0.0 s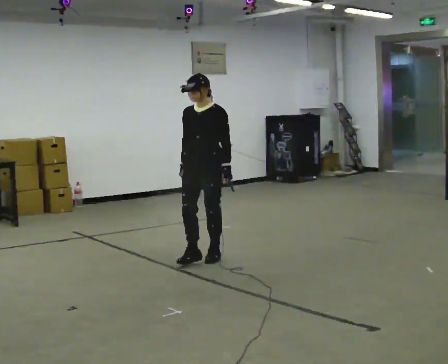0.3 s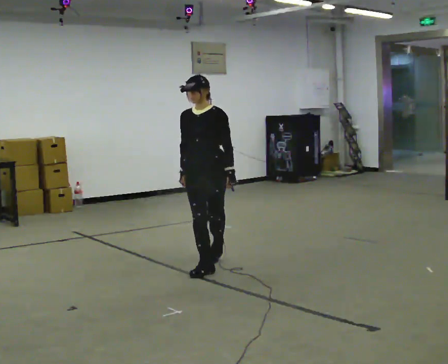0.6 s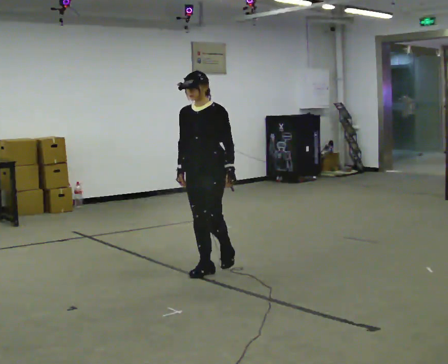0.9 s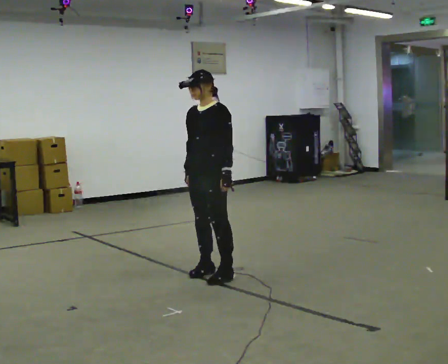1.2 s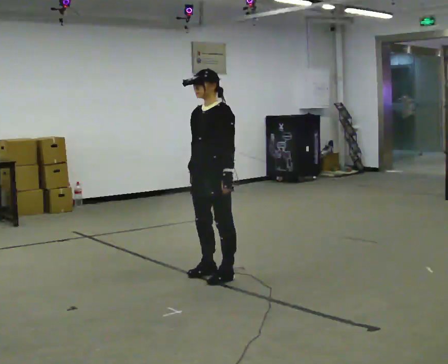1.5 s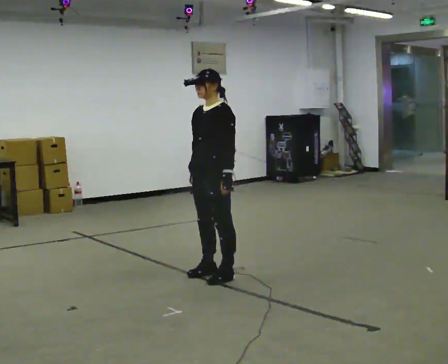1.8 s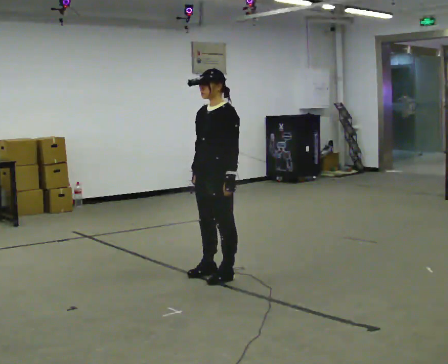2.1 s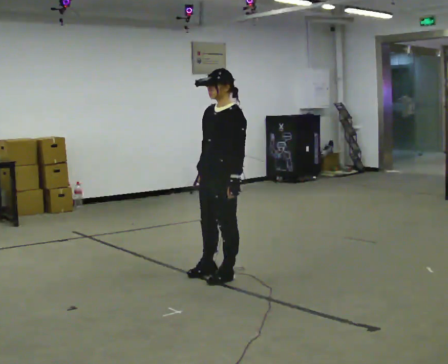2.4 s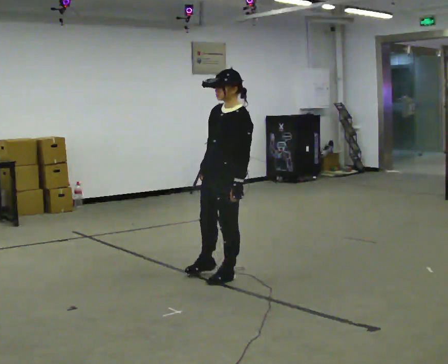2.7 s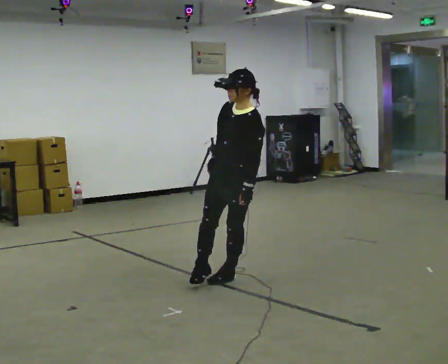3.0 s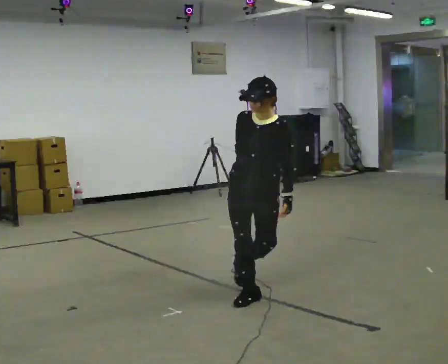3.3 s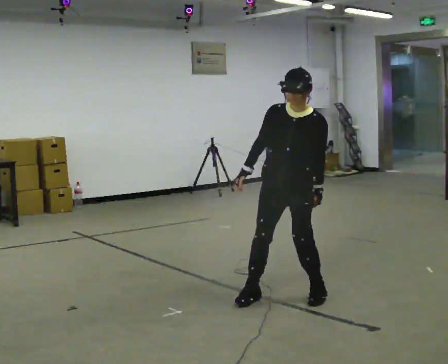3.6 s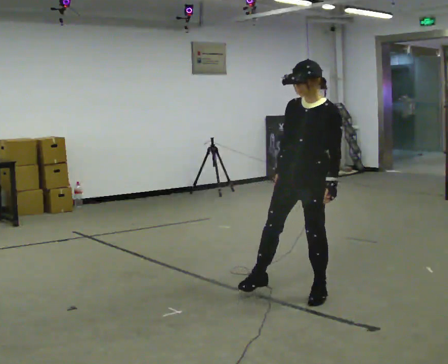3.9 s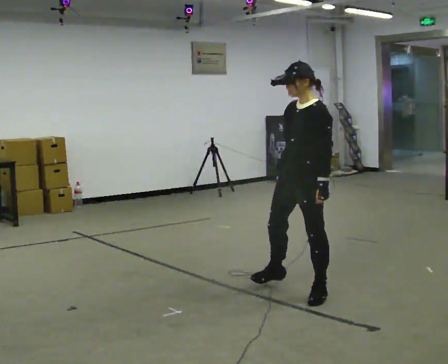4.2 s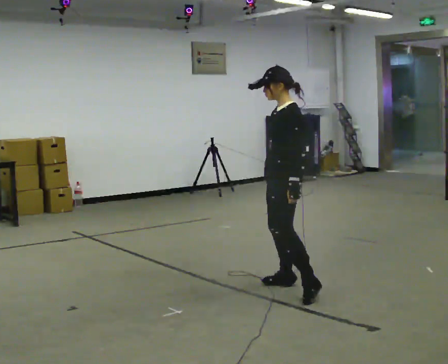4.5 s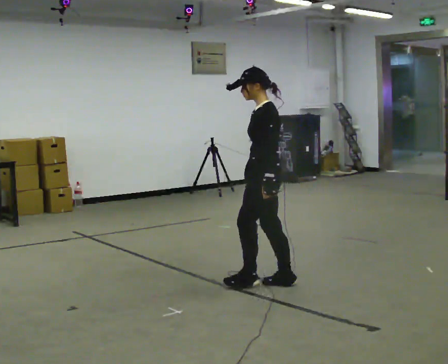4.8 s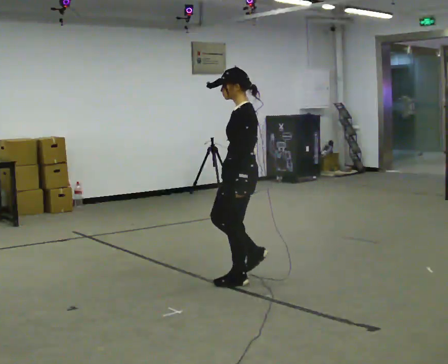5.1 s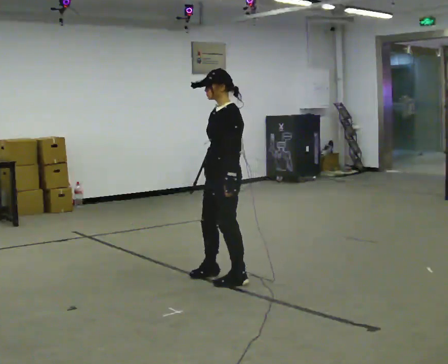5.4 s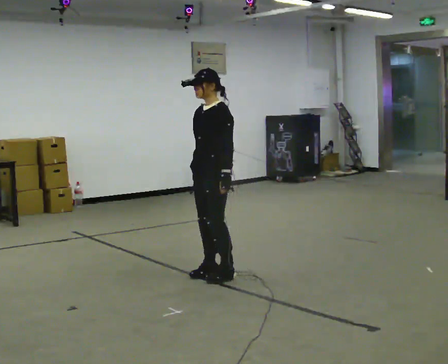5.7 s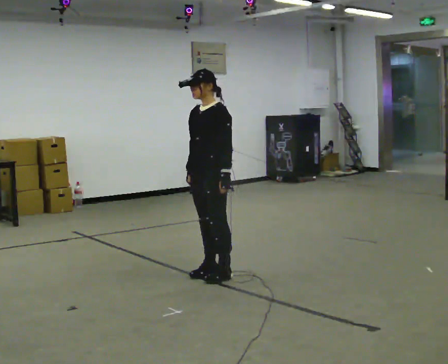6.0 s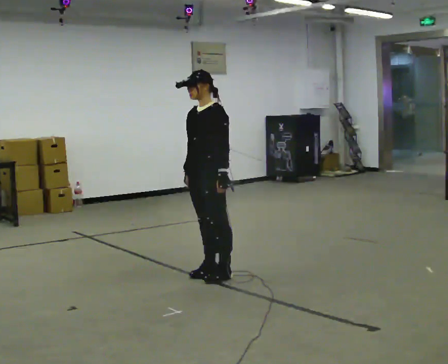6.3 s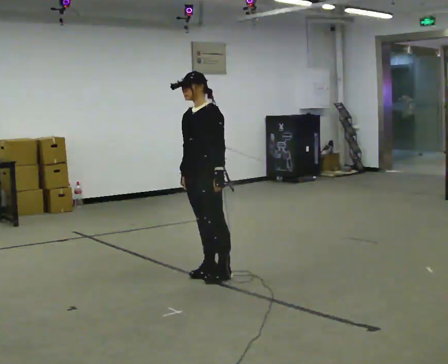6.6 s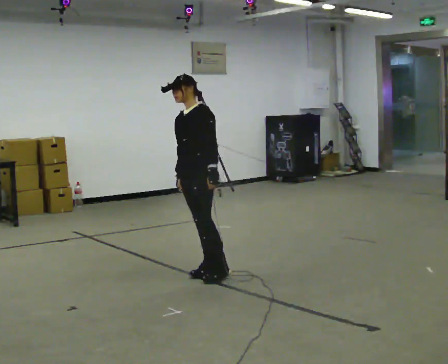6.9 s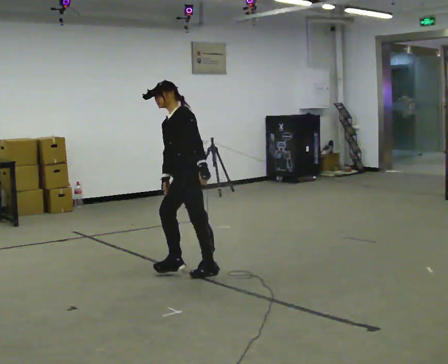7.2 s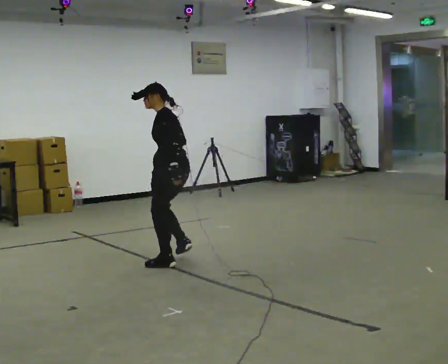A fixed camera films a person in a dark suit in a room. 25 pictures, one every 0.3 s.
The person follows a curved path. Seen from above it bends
counterclockwise.
0.0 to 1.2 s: In the picture they go toward the camera and to the right, about 0.5 m in 2 steps, which for them is forward and to their left.
1.2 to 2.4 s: The person moves a little, or ends about where they began.
2.4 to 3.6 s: In the picture they go to the right, about 0.75 m in 2 steps, which for them is to their left and forward.
3.6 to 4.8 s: The part of the body nearest the lens slides to the left as the person turns to their right by about 45 degrees. In the picture they go to the left and away from the camera, about 0.5 m in 2 steps, which for them is to their right and forward.
4.8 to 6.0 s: The part of the body nearest the lens slides to the right as the person turns to their left by about 45 degrees. In the picture they go to the left and away from the camera, about 0.25 m in 2 steps, which for them is to their right.
6.0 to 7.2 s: Seen from above the body turns clockwise, about 60 degrees: to their right, with its near side sliding to the left. In the picture they go to the left and away from the camera, about 0.5 m in 1 step.
The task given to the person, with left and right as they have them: Stand on the marked spots. Lean to the side the operator calls until you cannot hold it, then step to catch yourself. Return to the spots. Repeat at your own pace until the operator says stop. Go slowly and only as far as you are comfortable. Step whenever you need to; do not try to hold on longer than feels safe.
The film runs forward here.
